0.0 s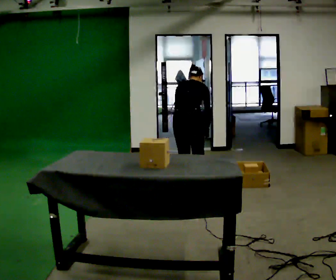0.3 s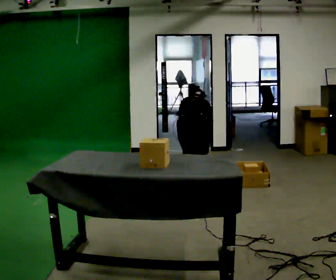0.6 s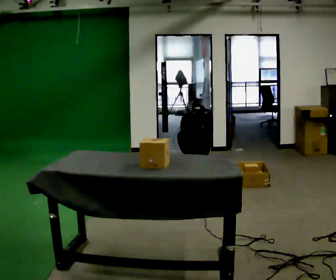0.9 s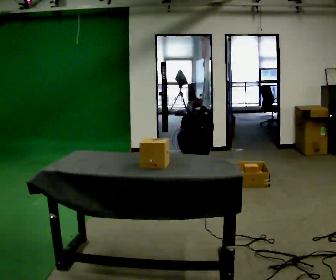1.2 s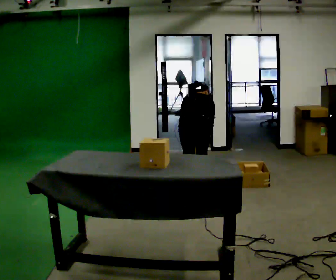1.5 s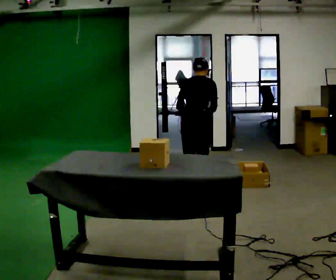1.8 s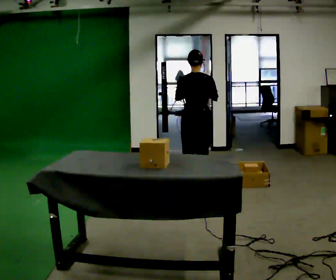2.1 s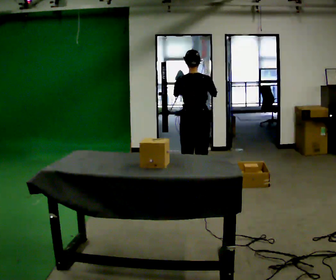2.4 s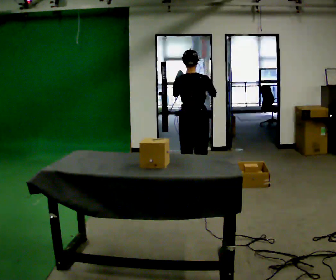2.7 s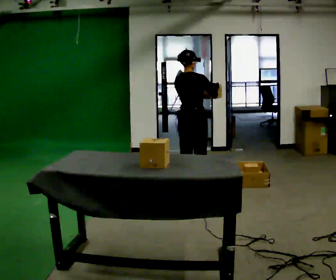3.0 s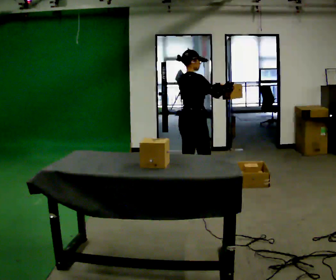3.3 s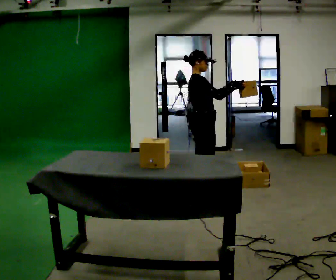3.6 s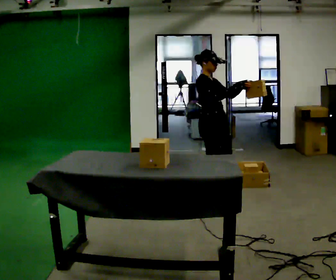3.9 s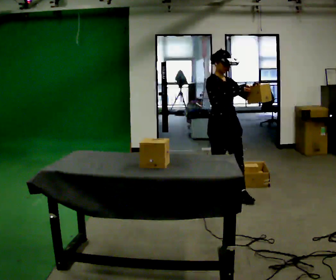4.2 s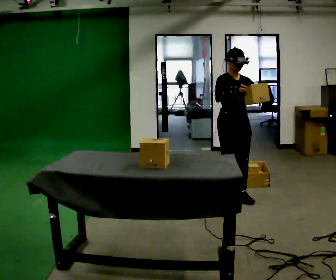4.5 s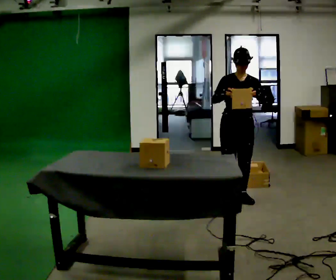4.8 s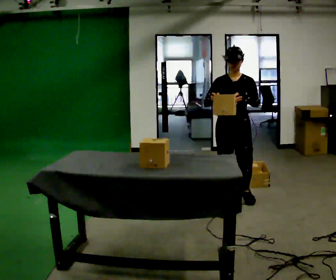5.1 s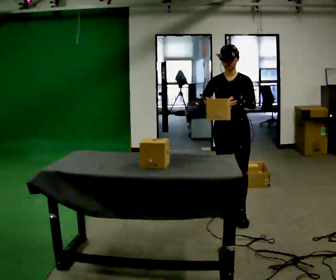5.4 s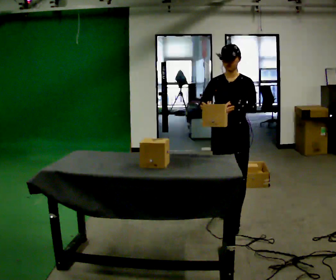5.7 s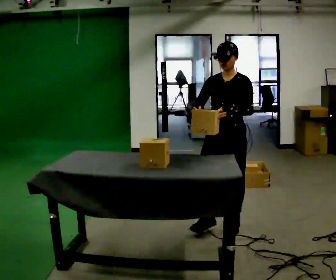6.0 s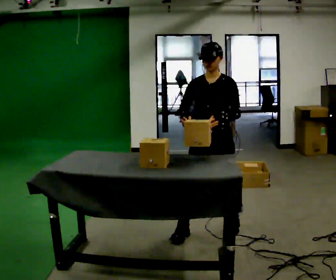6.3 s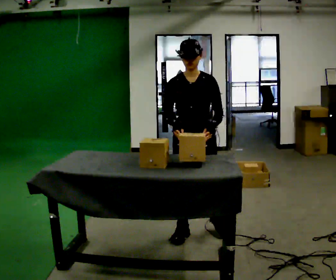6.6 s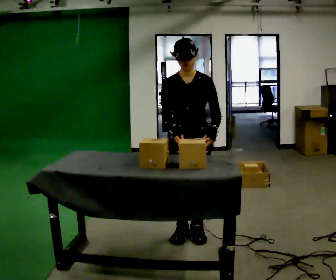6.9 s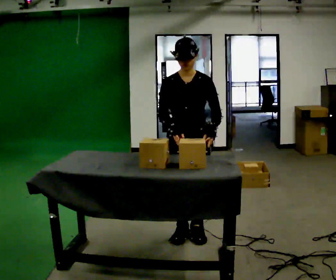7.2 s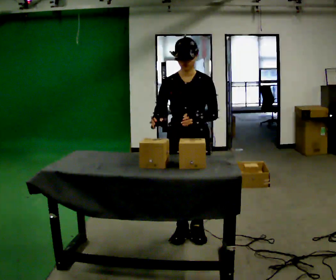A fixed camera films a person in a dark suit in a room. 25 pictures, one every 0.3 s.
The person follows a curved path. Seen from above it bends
clockwise.
The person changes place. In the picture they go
toward the camera.
0.0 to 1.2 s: The person moves a little, or ends about where they began.
1.2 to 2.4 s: The upper body goes upward. The upper body tips toward the camera, its near side rolling downward, as they lean back or straighten. In the picture their right hand goes upward.
2.4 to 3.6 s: The person turns about 105 degrees to their right, clockwise seen from above, so the part of the body nearest the lens slides to the left. In the picture they go to the right and toward the camera, about 0.25 m.
3.6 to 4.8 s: The person turns about 75 degrees to their right, clockwise seen from above, so the part of the body nearest the lens slides to the left. In the picture they go toward the camera and to the right, about 0.5 m in 2 steps.
4.8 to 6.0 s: In the picture they go toward the camera, about 0.5 m in 2 steps, which for them is forward.
6.0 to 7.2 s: In the picture they go to the left, about 0.25 m in 1 step, which for them is to their right and forward.
The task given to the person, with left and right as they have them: Take each object from the table and put it in the bin that matches it, walking between the bins. Keep going until the operator says stop; one object at a time, and do not rush between trips.
The film runs forward here.
